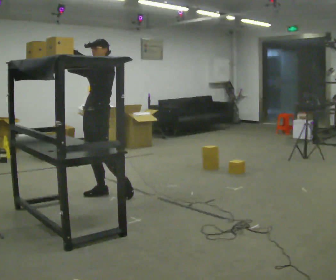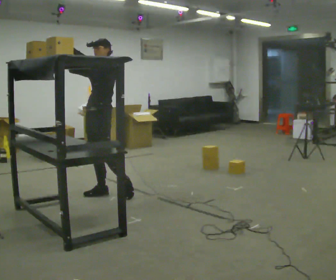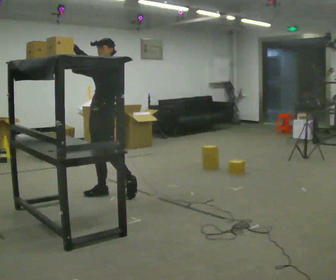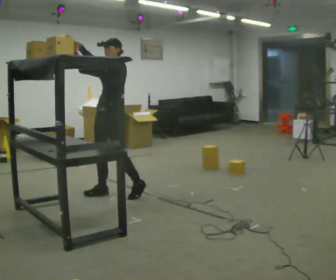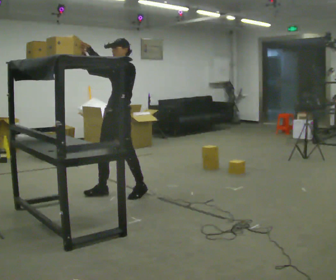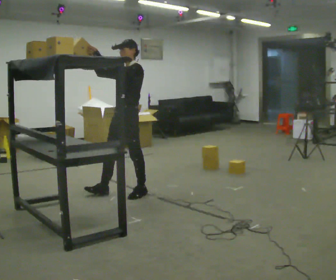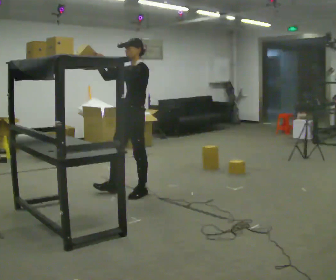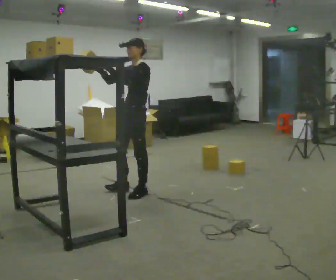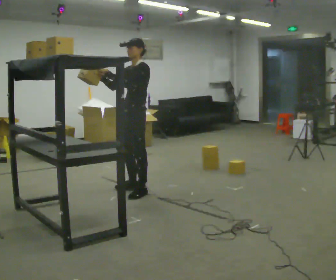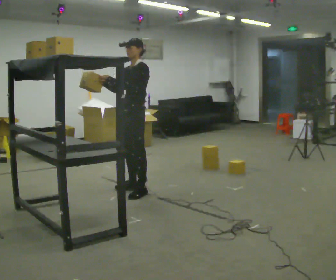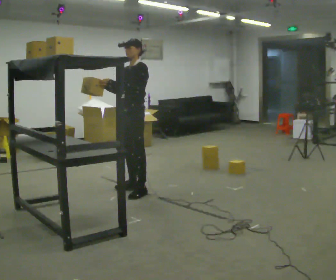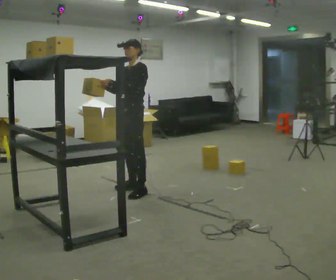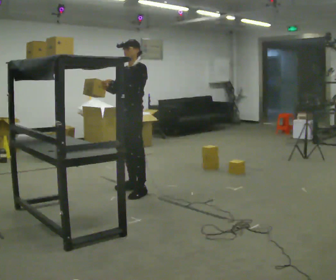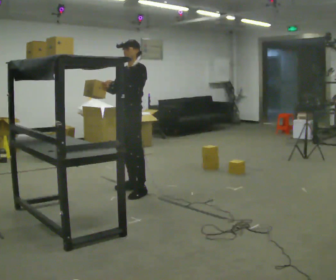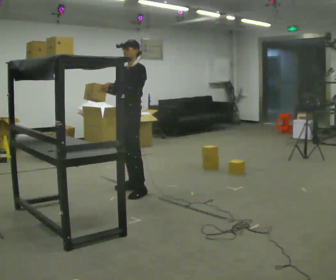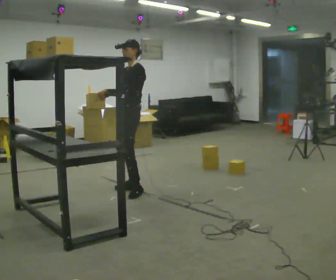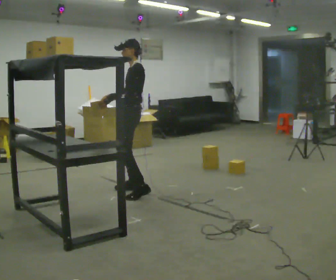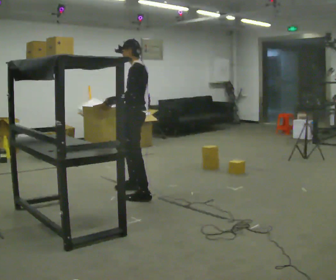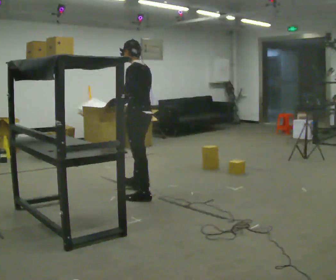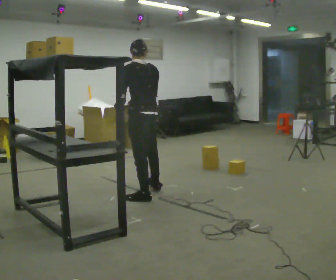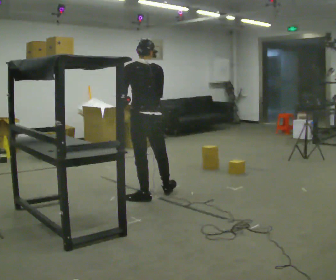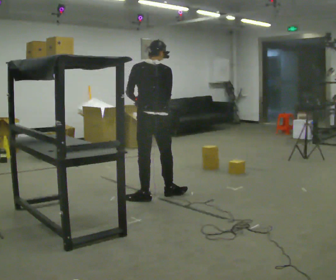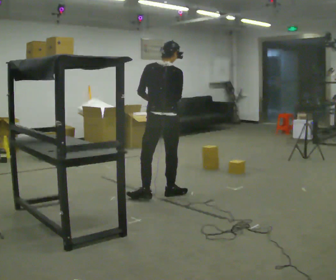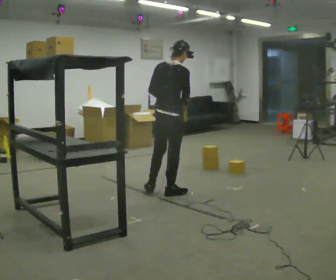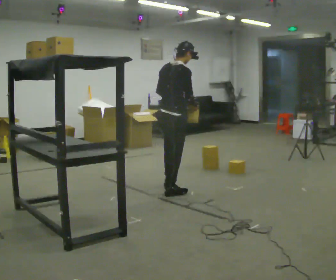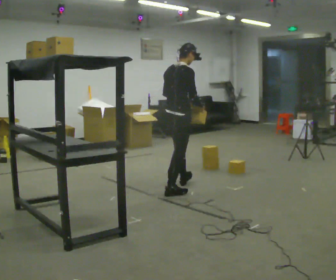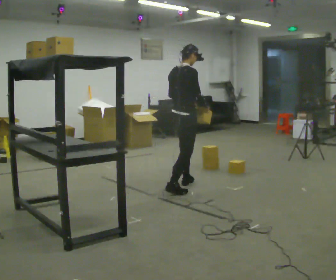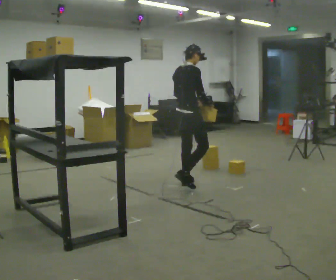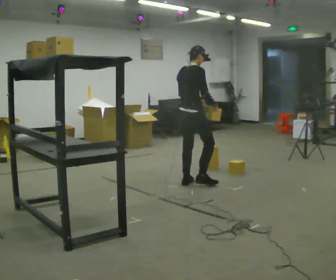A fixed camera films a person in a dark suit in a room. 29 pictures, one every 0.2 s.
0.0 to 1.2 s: In the picture they go to the right, about 0.5 m in 1 step, which for them is backward and to their left.
1.2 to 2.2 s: The person moves a little, or ends about where they began.
2.2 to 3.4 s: The part of the body nearest the lens slides to the left as the person turns to their right by about 45 degrees. In the picture they go toward the camera, about 0.25 m in 1 step, which for them is to their left.
3.4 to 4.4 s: Seen from above the body turns clockwise, about 90 degrees: to their right, with its near side sliding to the left. In the picture they go to the right, about 0.25 m in 1 step.
4.4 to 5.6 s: The part of the body nearest the lens slides to the left as the person turns to their right by about 45 degrees. In the picture they go away from the camera and to the right, about 0.5 m in 1 step, which for them is forward.
The film runs forward here.
